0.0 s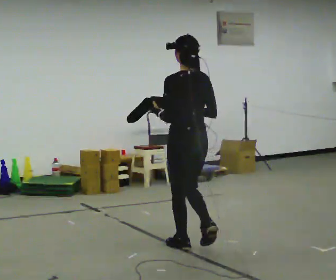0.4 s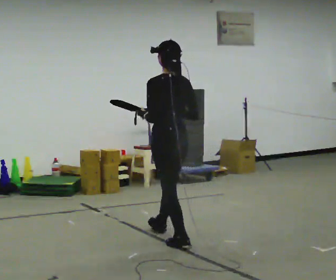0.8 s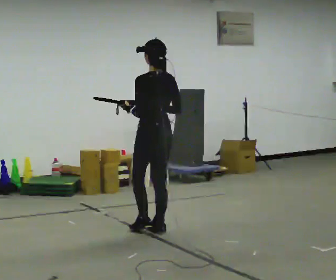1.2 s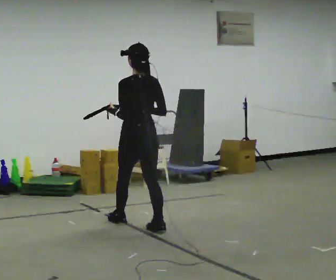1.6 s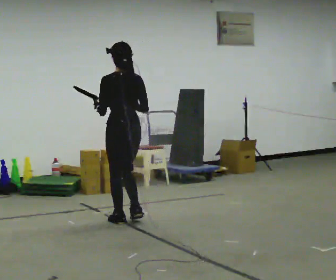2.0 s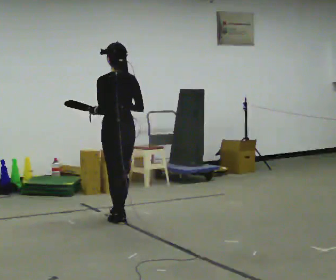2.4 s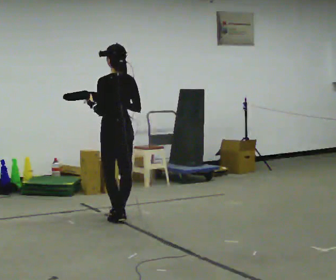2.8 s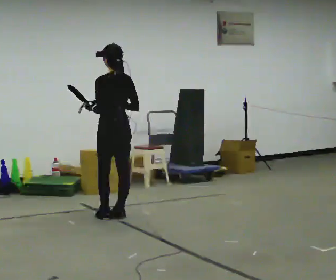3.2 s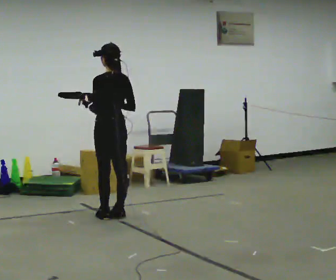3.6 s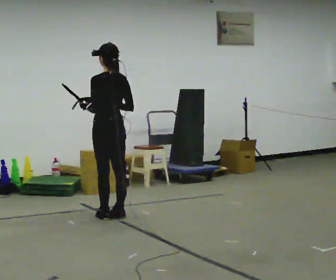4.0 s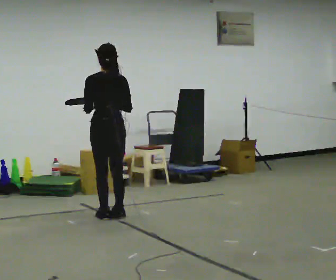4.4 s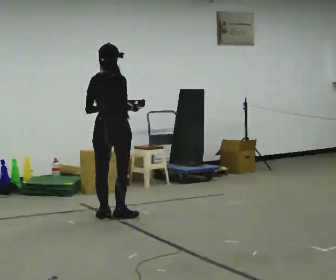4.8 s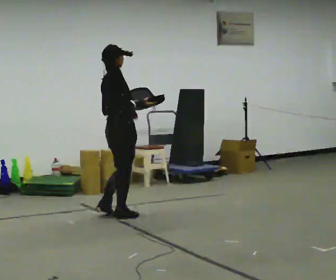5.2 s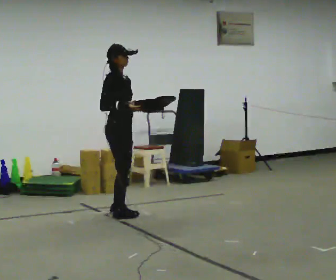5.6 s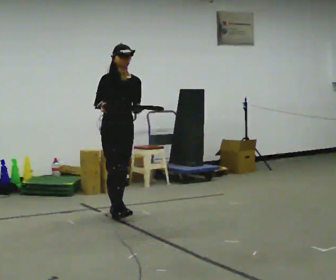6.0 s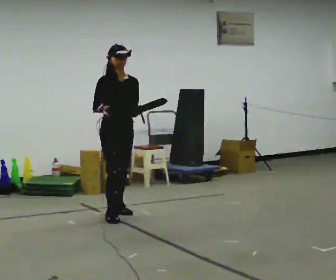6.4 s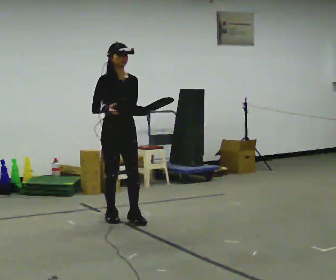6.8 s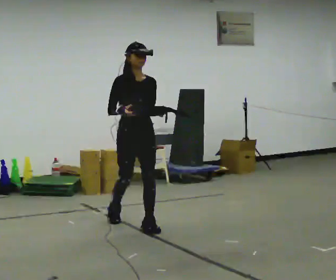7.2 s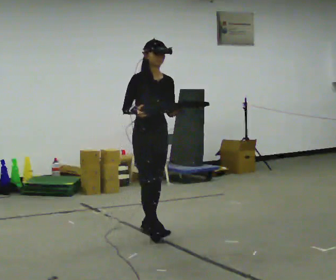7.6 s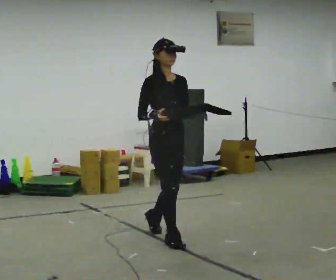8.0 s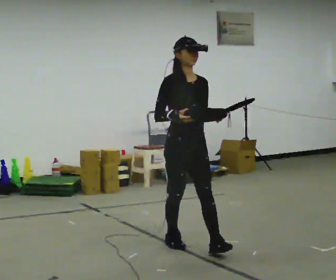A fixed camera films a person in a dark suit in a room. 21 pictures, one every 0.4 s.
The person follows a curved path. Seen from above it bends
clockwise.
0.0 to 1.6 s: In the picture they go away from the camera and to the left, about 1 m in 2 steps, which for them is forward.
1.6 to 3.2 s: In the picture they go away from the camera, about 0.25 m in 2 steps, which for them is forward.
3.2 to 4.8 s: The person turns about 105 degrees to their right, clockwise seen from above, so the part of the body nearest the lens slides to the left.
4.8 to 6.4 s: The part of the body nearest the lens slides to the left as the person turns to their right by about 90 degrees. In the picture they go toward the camera, about 0.25 m in 1 step.
6.4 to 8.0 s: In the picture they go toward the camera and to the right, about 1 m in 2 steps, which for them is forward.
The film runs forward here.
